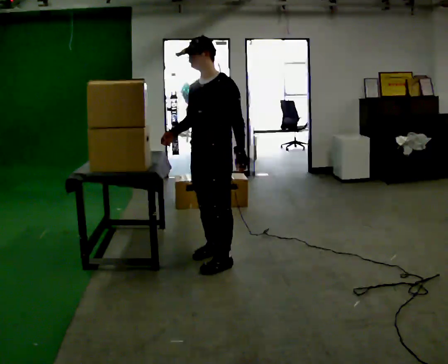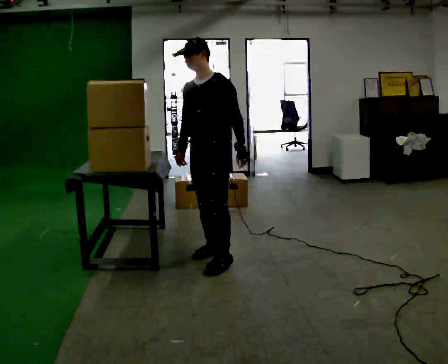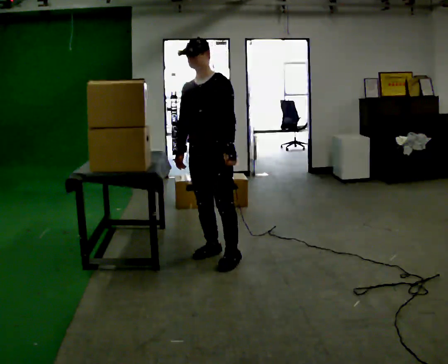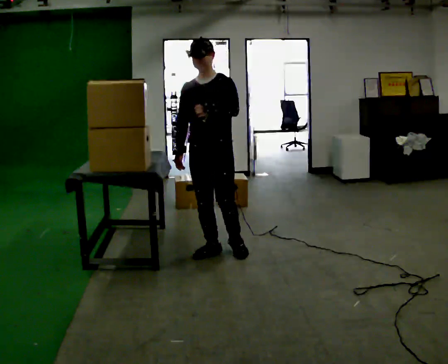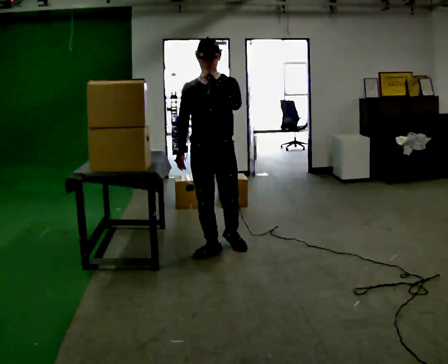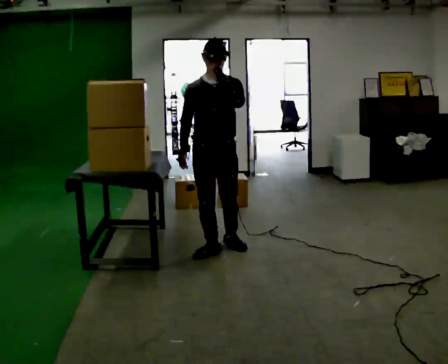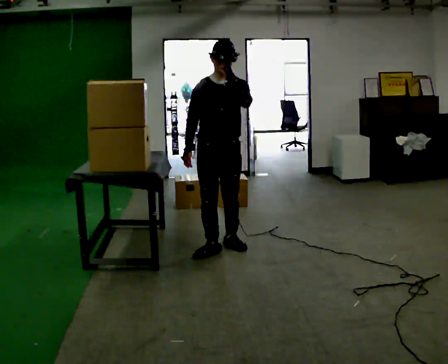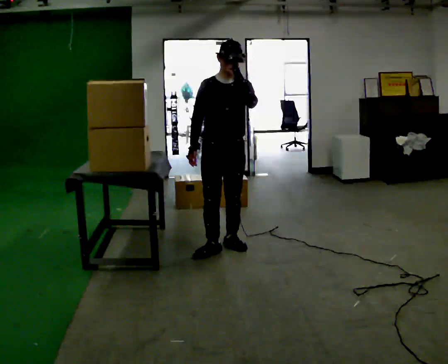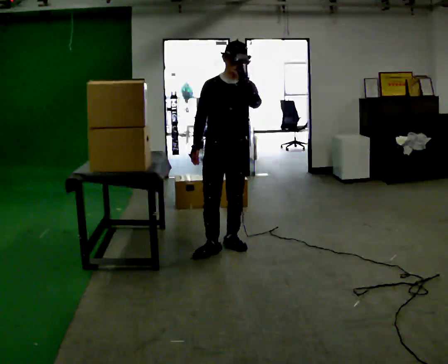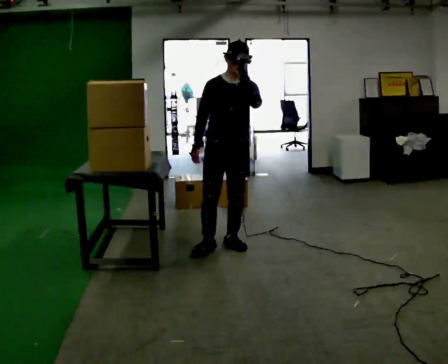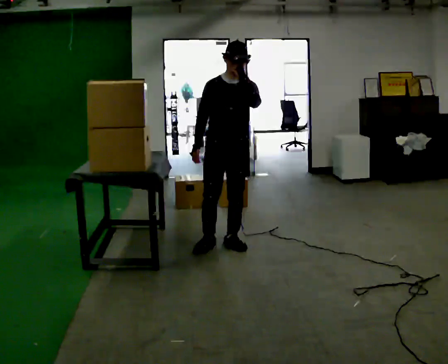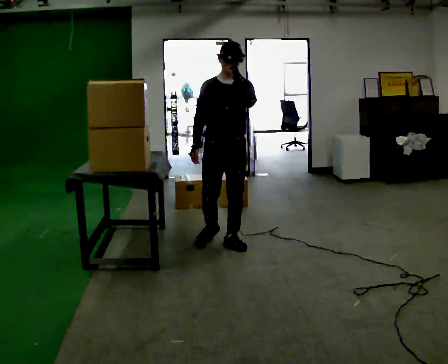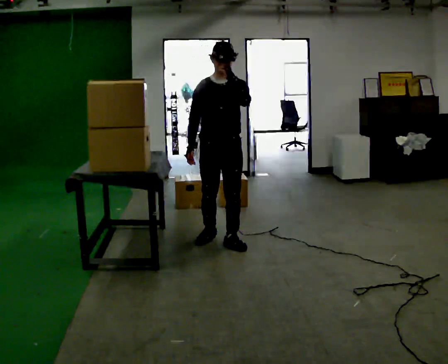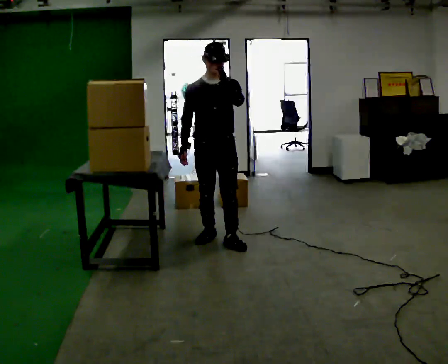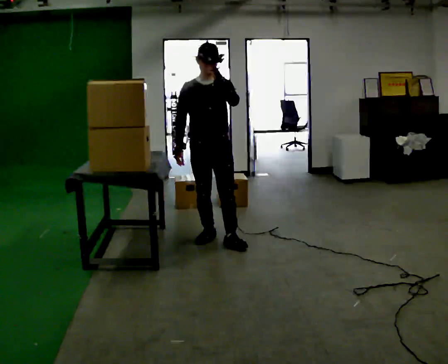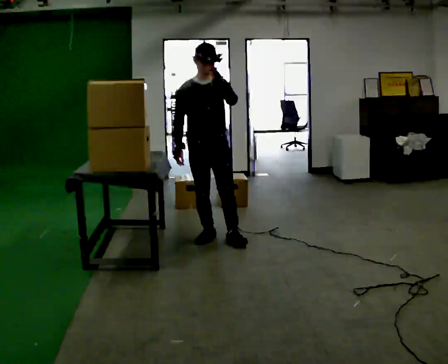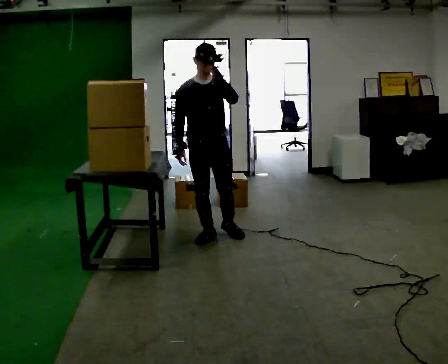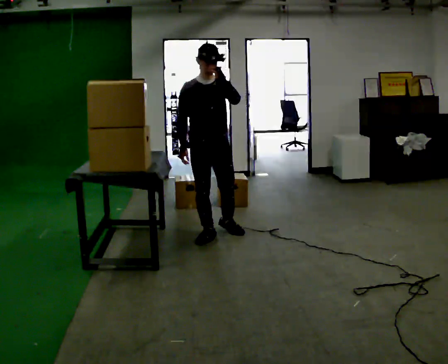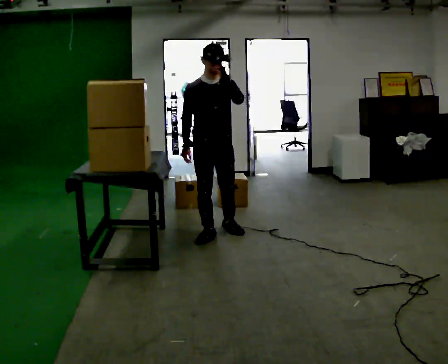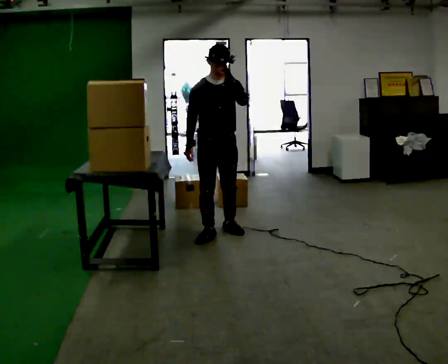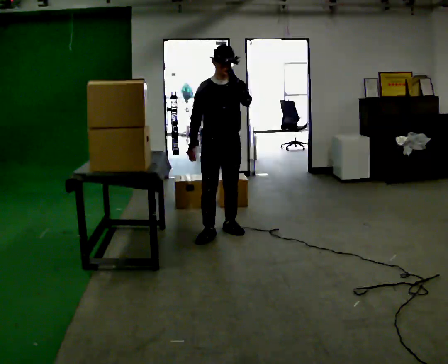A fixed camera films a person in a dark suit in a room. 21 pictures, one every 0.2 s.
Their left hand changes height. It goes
upward.
0.0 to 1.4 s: Seen from above the body turns counterclockwise, about 45 degrees: to their left, with its near side sliding to the right. In the picture they go away from the camera, about 0.25 m in 1 step, which for them is backward. In the picture their left hand goes upward.
1.4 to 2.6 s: In the picture they go away from the camera, about 0.25 m in 1 step, which for them is backward.
2.6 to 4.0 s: In the picture they go away from the camera, about 0.25 m in 1 step, which for them is backward and to their left.
The film runs backward here.
